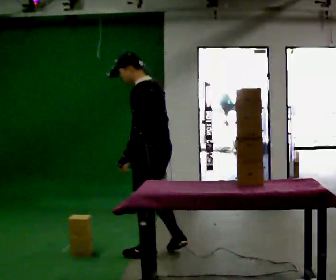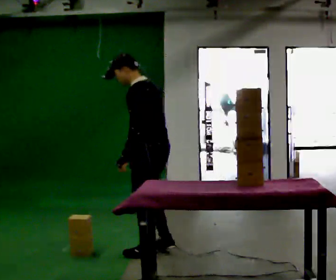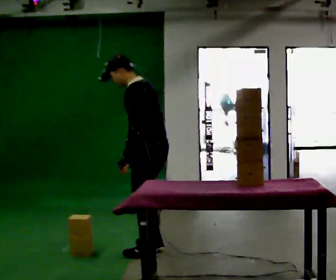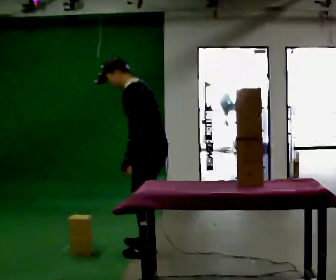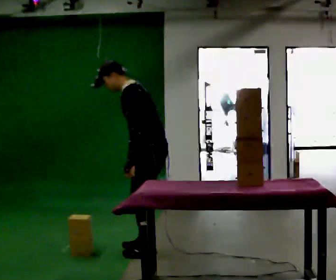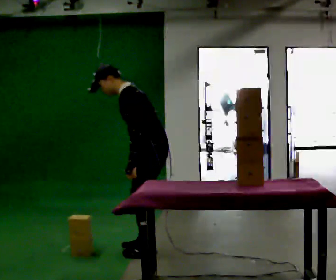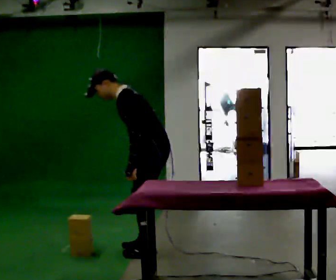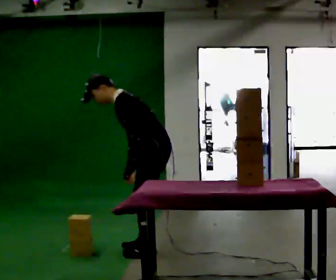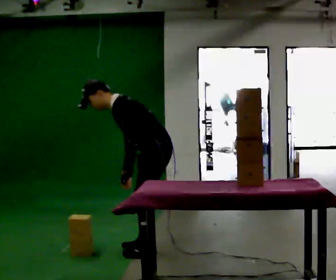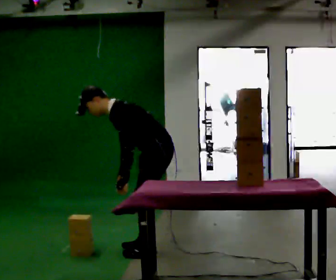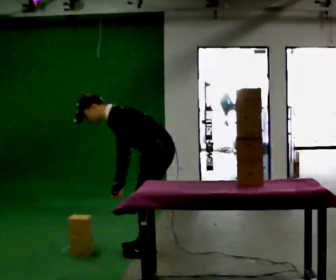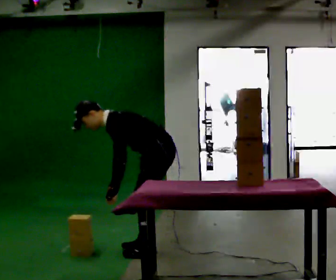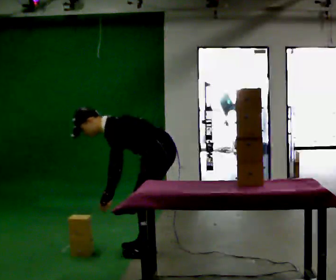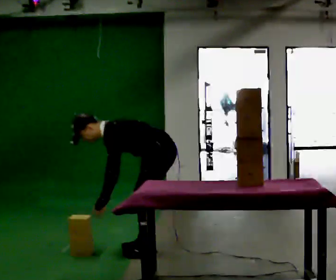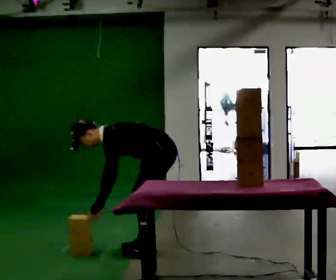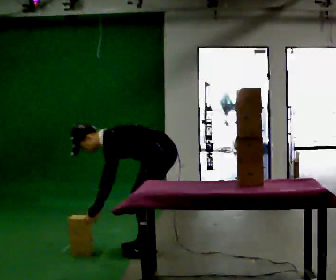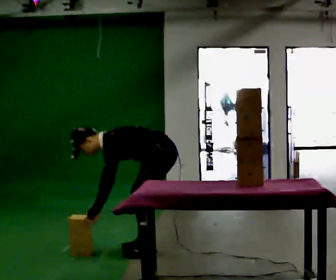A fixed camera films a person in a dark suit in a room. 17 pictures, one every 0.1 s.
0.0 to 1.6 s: The person turns about 30 degrees to their left, counterclockwise seen from above, so the part of the body nearest the lens slides to the right. In the picture they go away from the camera, about 0.25 m in 1 step, which for them is to their right. The upper body goes downward. In the picture the upper body tilts counterclockwise, shoulders to the left, as they bend forward. In the picture their right hand goes to the left and downward.
The film runs forward here.
